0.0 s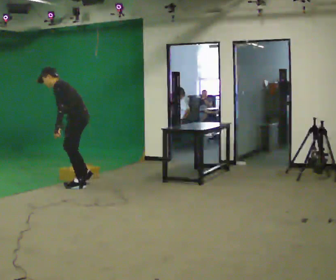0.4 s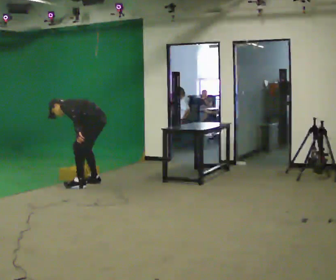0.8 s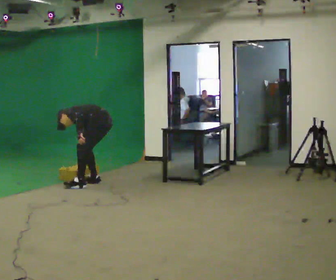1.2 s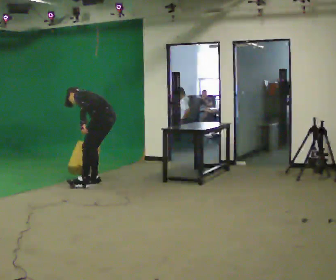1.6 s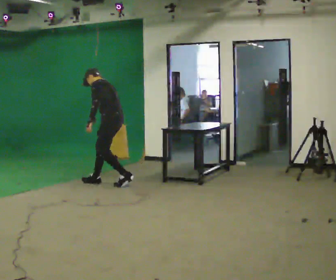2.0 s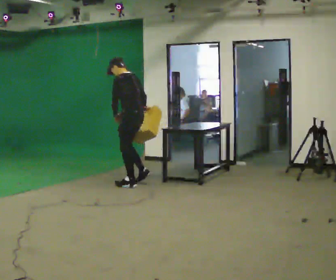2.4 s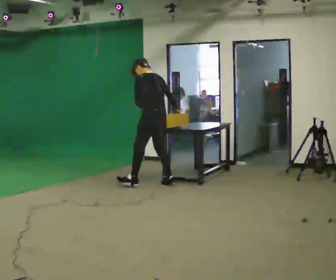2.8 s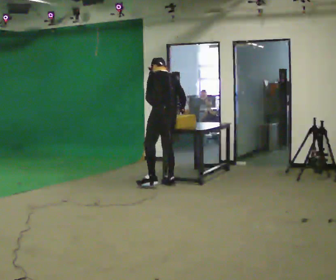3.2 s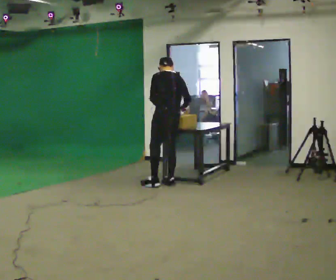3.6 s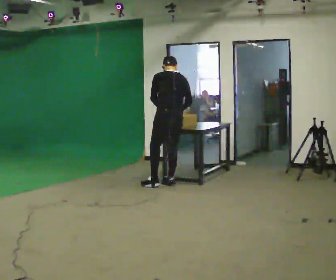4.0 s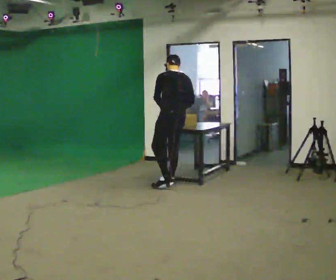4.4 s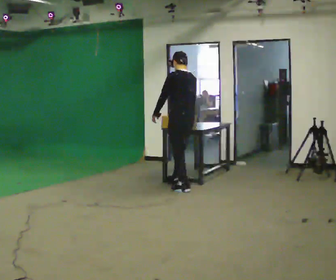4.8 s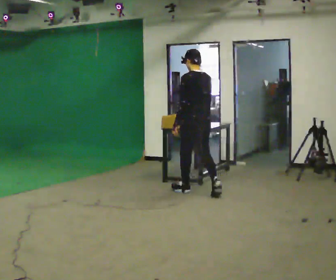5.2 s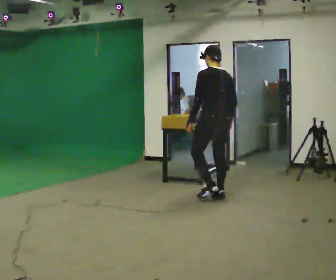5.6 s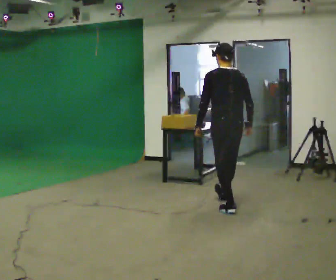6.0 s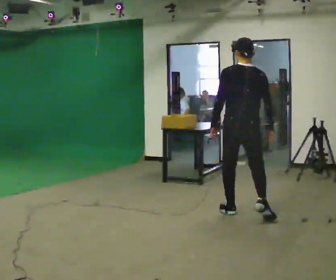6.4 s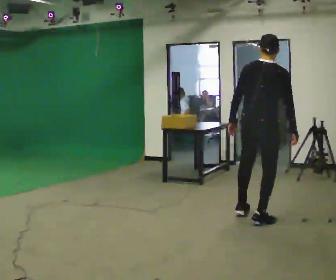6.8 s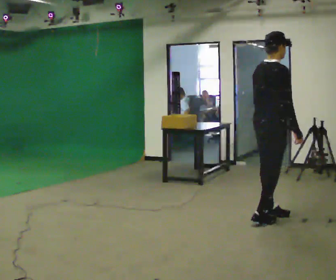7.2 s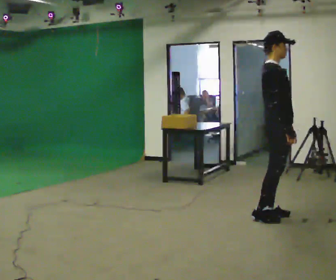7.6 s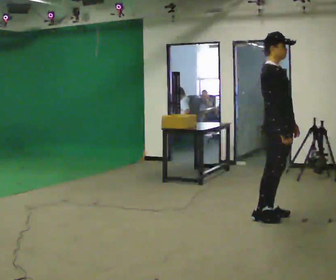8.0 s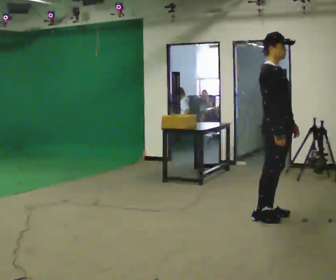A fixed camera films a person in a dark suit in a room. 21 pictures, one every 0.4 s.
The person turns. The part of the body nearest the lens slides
to the left.
The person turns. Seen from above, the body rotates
clockwise.
0.0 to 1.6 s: In the picture they go to the right, about 0.5 m in 1 step, which for them is backward and to their right.
1.6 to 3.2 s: The person turns about 30 degrees to their right, clockwise seen from above, so the part of the body nearest the lens slides to the left. In the picture they go to the right, about 0.5 m in 2 steps, which for them is backward and to their right. In the picture the upper body tilts clockwise, shoulders to the right, as they lean back or straighten.
3.2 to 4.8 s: In the picture they go toward the camera and to the right, about 0.5 m in 2 steps, which for them is backward. The upper body tips toward the camera, its near side rolling downward, as they lean back or straighten.
4.8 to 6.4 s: The person turns about 60 degrees to their right, clockwise seen from above, so the part of the body nearest the lens slides to the left. In the picture they go toward the camera and to the right, about 1.5 m in 3 steps.
6.4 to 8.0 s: The person turns about 90 degrees to their right, clockwise seen from above, so the part of the body nearest the lens slides to the left. In the picture their left hand goes to the right, the arm swinging counterclockwise.
The film runs backward here.
